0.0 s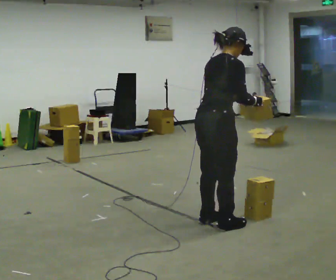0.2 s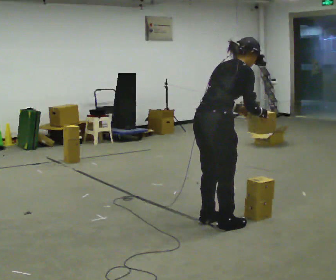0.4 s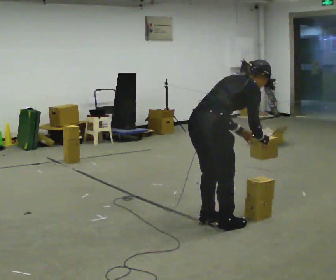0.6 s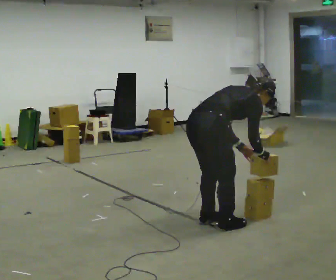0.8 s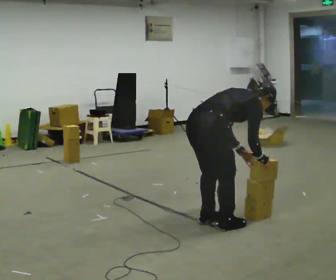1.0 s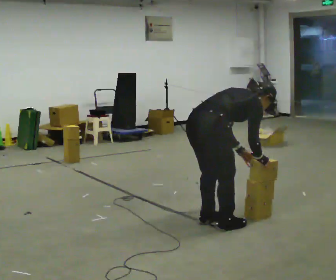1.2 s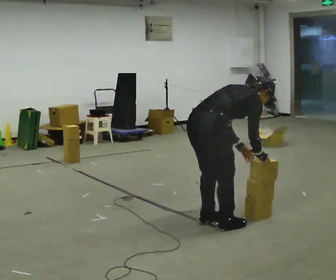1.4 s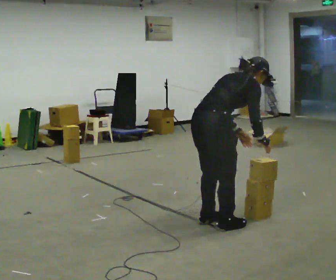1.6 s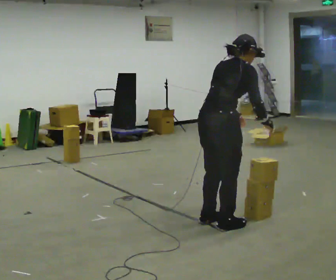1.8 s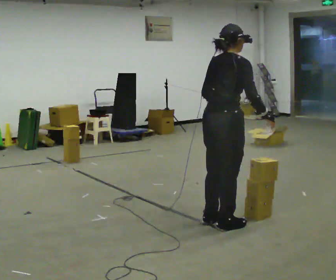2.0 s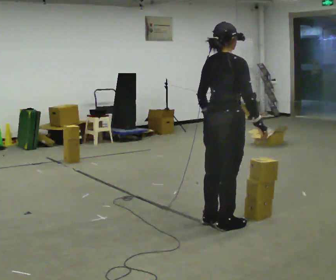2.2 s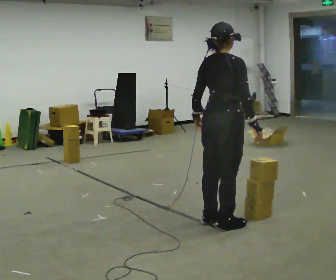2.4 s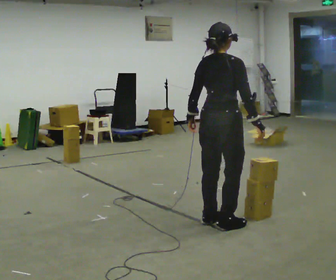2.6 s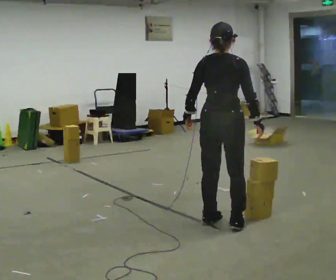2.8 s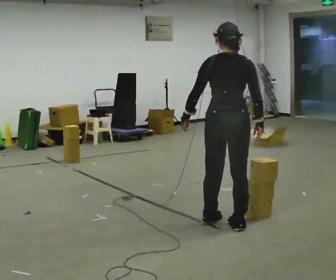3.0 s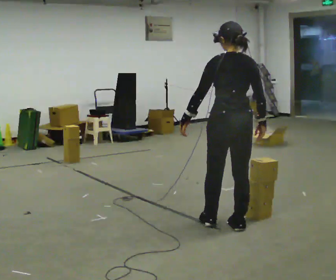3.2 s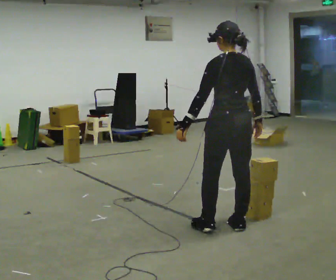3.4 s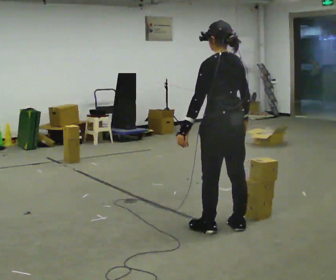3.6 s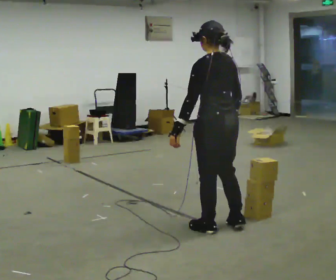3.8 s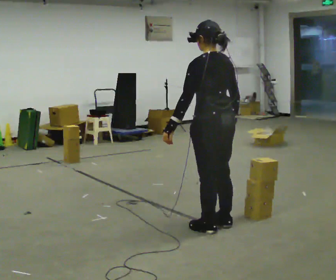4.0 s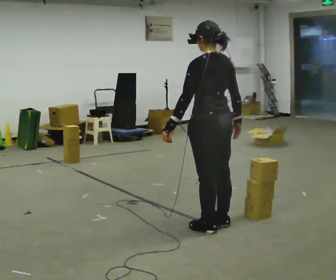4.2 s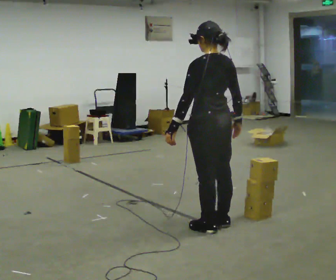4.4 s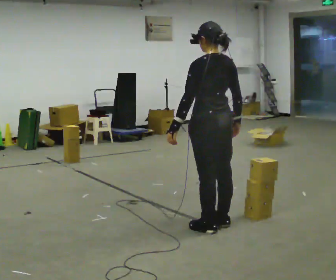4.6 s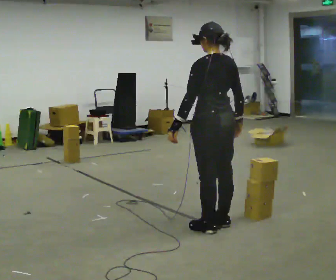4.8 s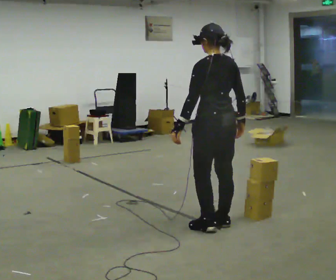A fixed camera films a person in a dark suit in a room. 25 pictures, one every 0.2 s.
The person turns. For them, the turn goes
to their left.
The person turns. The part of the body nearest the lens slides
to the right.
0.0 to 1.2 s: The upper body goes downward. In the picture the upper body tilts clockwise, shoulders to the right, as they bend forward. In the picture their right hand goes downward.
1.2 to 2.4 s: The upper body goes upward. In the picture the upper body tilts counterclockwise, shoulders to the left, as they lean back or straighten. In the picture their left hand goes to the left.
2.4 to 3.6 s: Seen from above the body turns counterclockwise, about 75 degrees: to their left, with its near side sliding to the right. In the picture they go toward the camera, about 0.25 m in 1 step.
3.6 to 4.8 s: In the picture they go away from the camera, about 0.25 m, which for them is forward.
The film runs forward here.
